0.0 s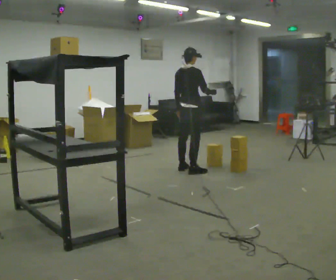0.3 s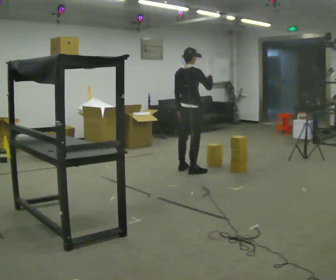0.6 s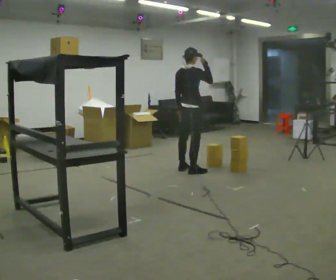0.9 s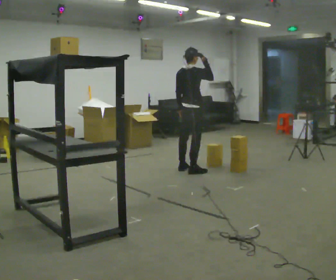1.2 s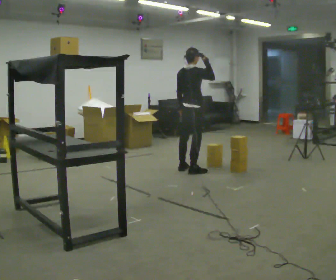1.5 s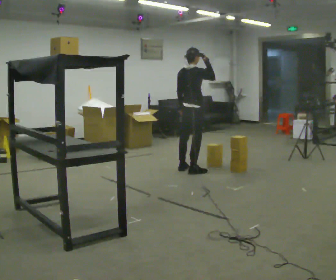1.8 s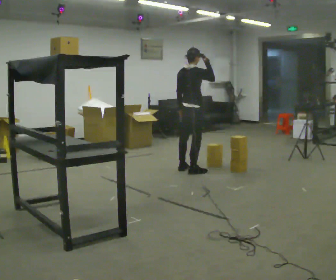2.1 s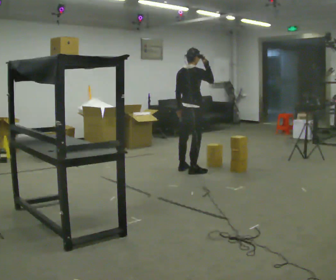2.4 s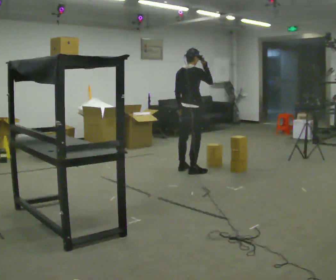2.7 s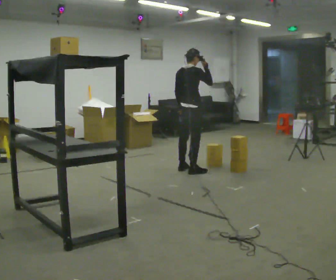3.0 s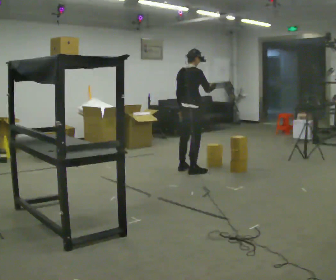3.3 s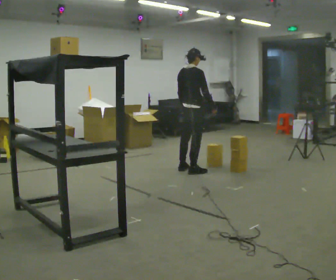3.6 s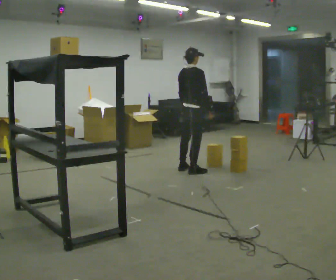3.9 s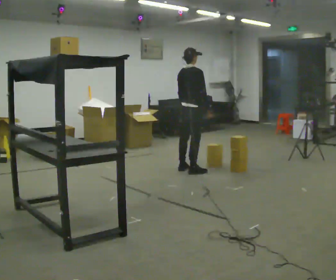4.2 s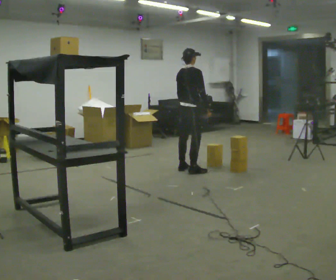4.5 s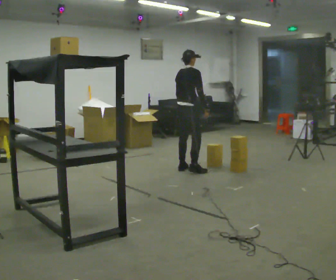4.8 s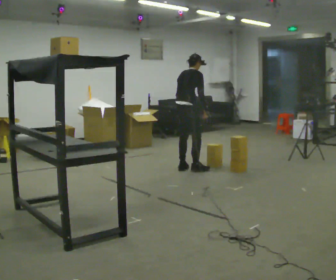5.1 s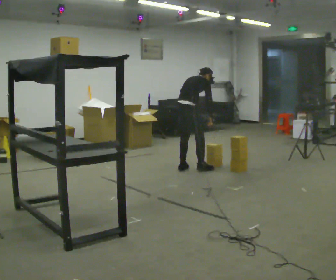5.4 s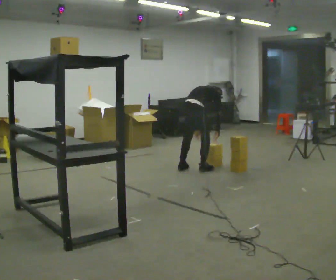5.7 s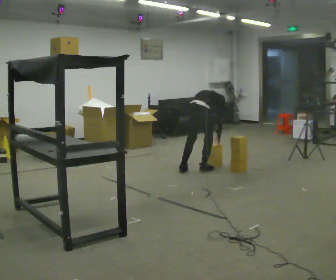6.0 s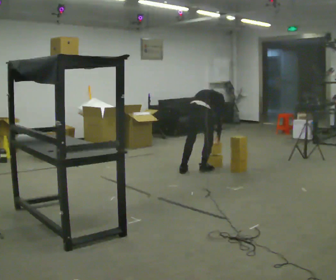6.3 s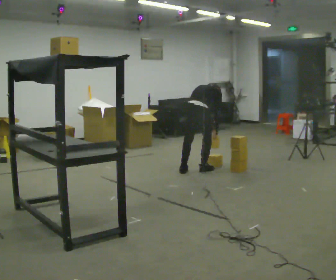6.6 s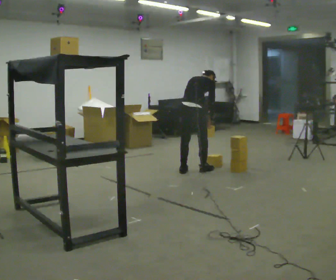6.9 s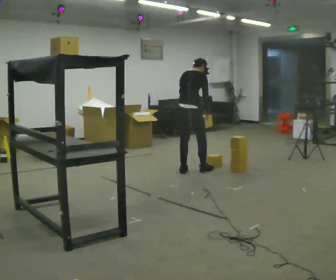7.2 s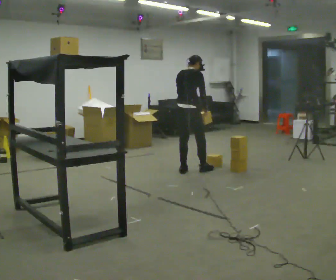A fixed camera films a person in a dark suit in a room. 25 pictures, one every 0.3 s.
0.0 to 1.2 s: In the picture their right hand goes upward.
1.2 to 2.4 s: The person moves a little, or ends about where they began.
2.4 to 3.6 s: In the picture their right hand goes downward.
3.6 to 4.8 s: The upper body tips away from the camera, its near side rolling upward, as they bend forward.
4.8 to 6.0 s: In the picture they go to the right and toward the camera, about 0.25 m in 1 step, which for them is to their right. The upper body goes downward. The upper body tips away from the camera, its near side rolling upward, as they bend forward. In the picture their right hand goes downward.
6.0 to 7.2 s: In the picture they go to the left, about 0.25 m, which for them is to their left. The shoulders move upward. The upper body tips toward the camera, its near side rolling downward, as they lean back or straighten. In the picture their left hand goes upward.
The film runs backward here.
